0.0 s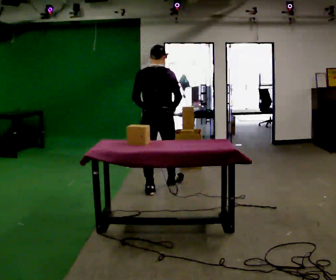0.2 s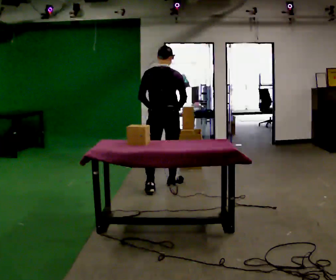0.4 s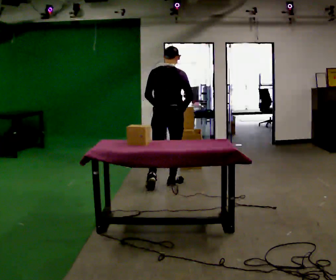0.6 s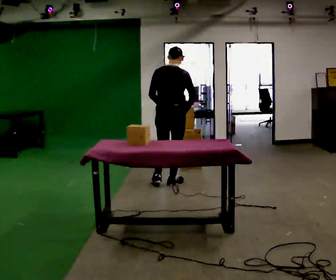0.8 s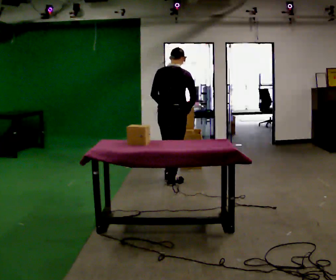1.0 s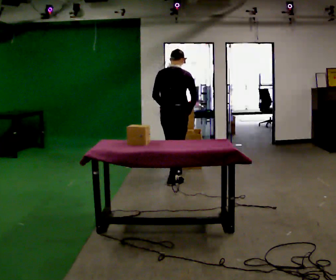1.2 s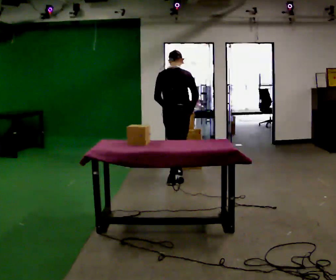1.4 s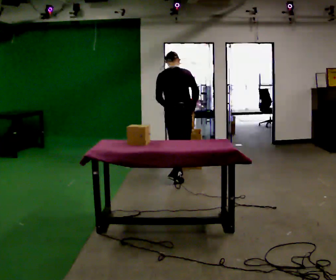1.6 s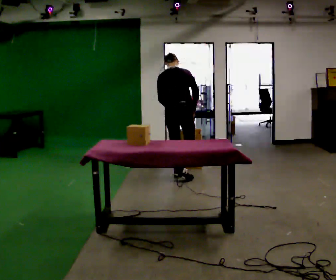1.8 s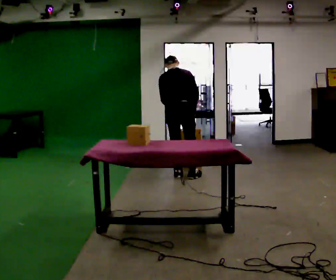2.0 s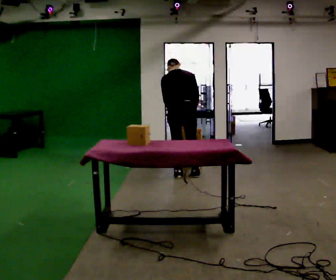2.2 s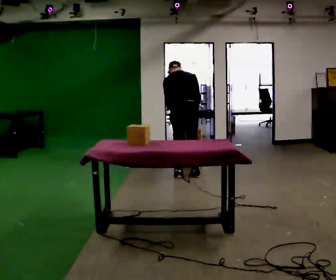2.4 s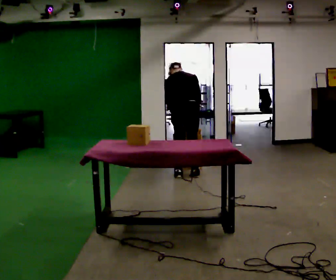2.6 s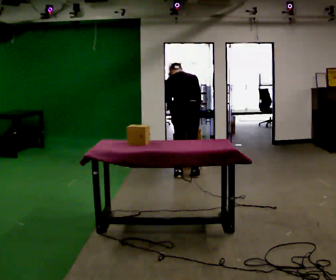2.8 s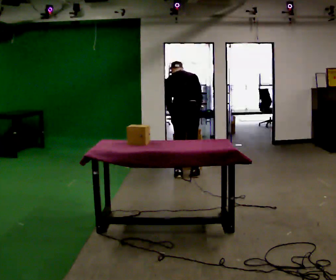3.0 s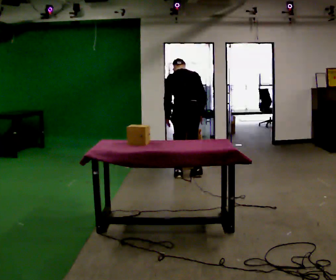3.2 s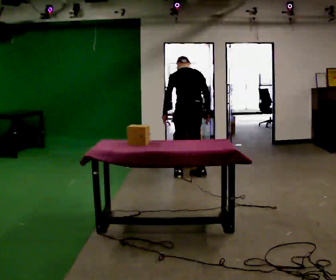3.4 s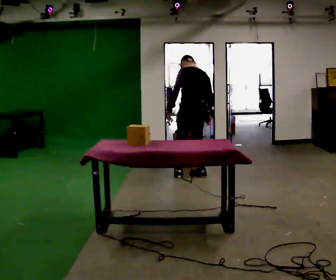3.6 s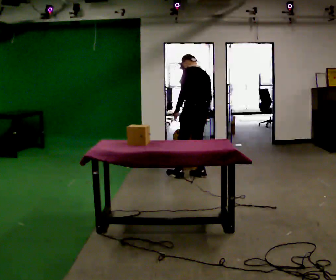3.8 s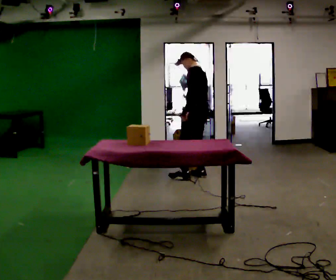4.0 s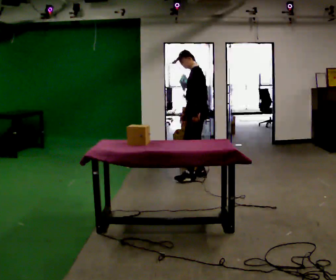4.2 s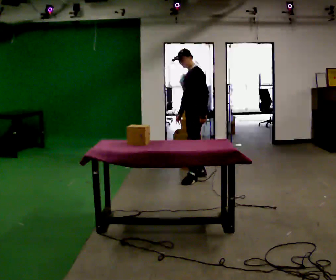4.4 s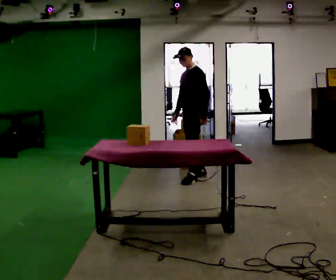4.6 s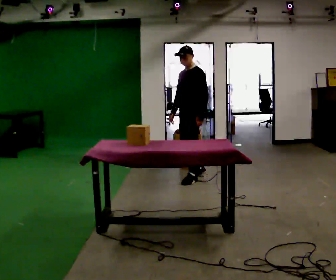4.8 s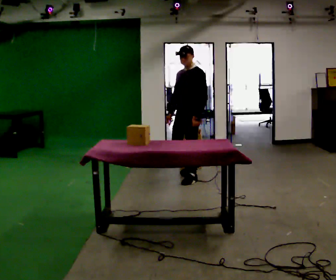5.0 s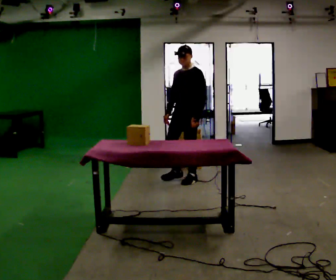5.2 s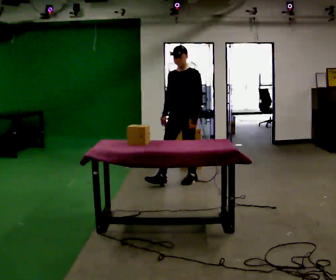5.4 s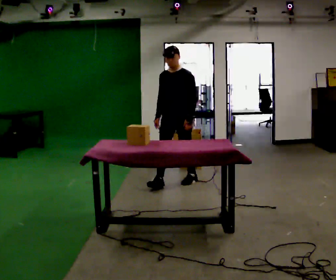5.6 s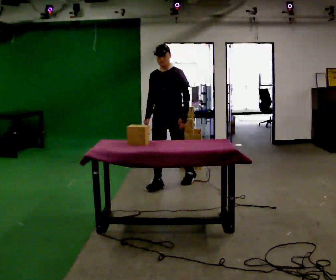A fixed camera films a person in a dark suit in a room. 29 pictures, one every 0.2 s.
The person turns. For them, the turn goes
to their left.
The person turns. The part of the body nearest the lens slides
to the right.
0.0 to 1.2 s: In the picture they go away from the camera and to the right, about 0.5 m in 1 step, which for them is forward.
1.2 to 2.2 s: In the picture they go away from the camera, about 0.25 m in 1 step, which for them is forward. The upper body tips away from the camera, its near side rolling upward, as they bend forward.
2.2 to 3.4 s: The part of the body nearest the lens slides to the right as the person turns to their left by about 30 degrees. The upper body tips toward the camera, its near side rolling downward, as they lean back or straighten.
3.4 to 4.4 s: Seen from above the body turns counterclockwise, about 90 degrees: to their left, with its near side sliding to the right. In the picture their left hand goes to the right, the arm swinging counterclockwise.
4.4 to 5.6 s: The part of the body nearest the lens slides to the right as the person turns to their left by about 45 degrees. In the picture they go toward the camera and to the left, about 0.5 m in 1 step, which for them is forward.
The film runs forward here.
